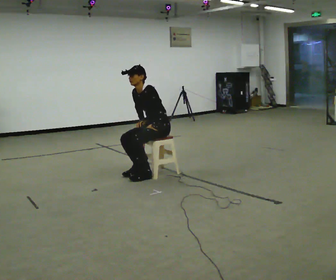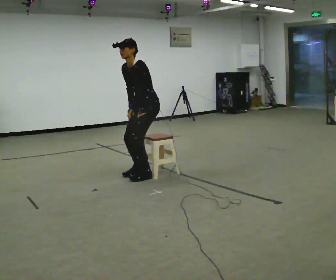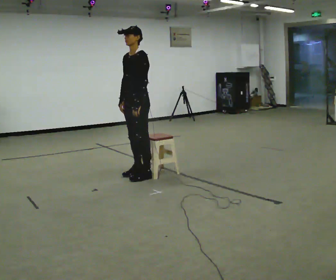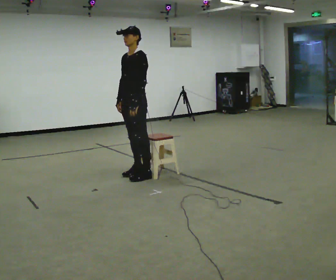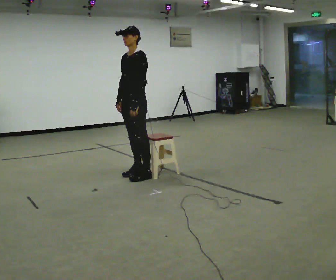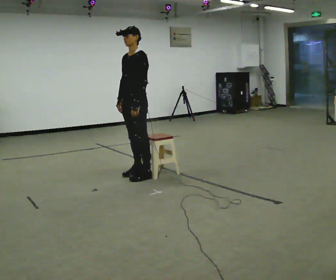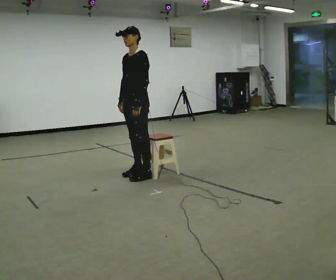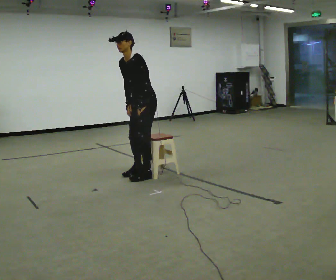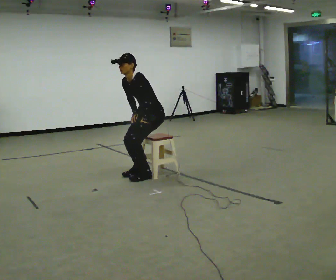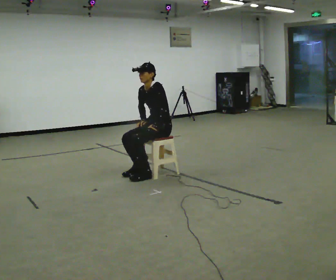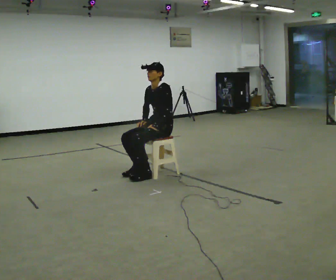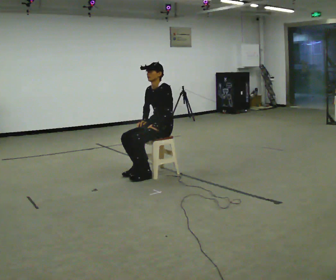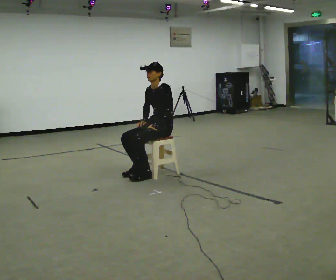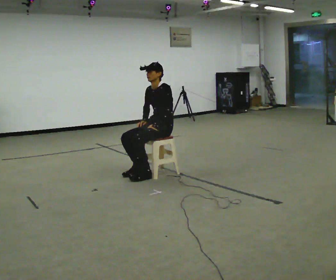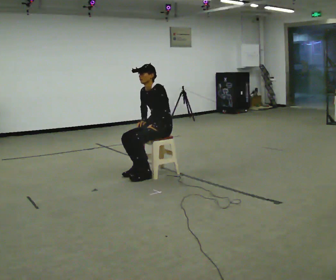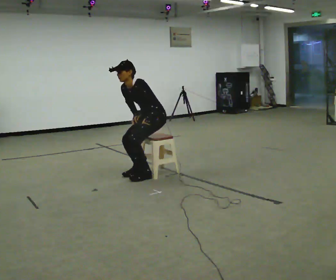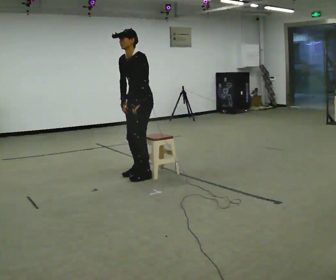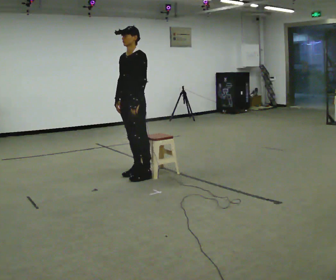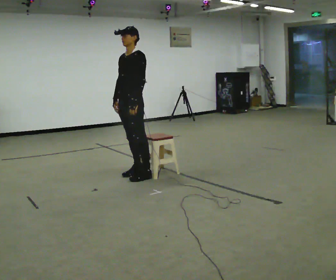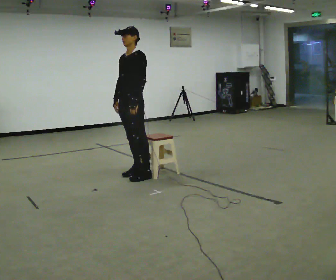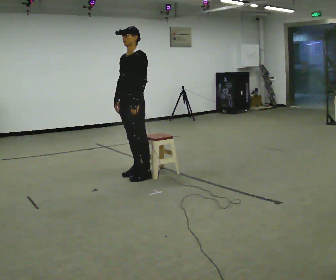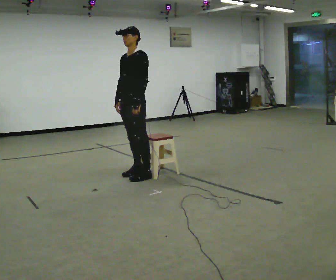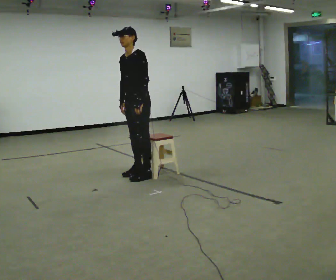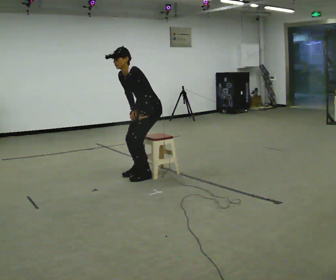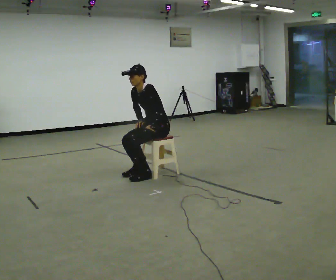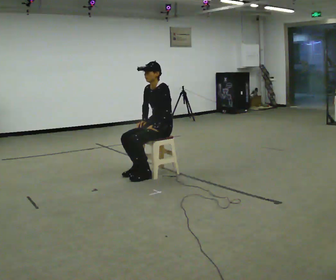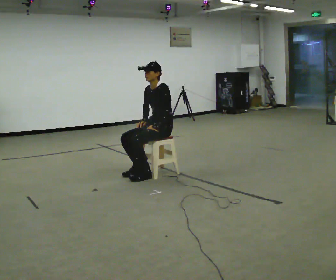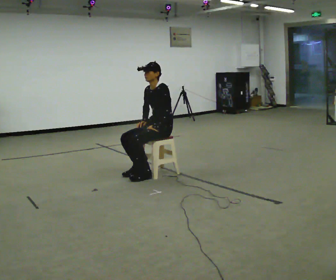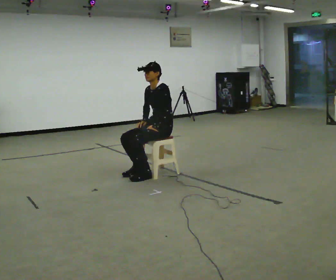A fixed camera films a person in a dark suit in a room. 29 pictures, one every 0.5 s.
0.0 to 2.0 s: In the picture they go to the left and toward the camera, about 0.25 m, which for them is forward. The shoulders move upward. In the picture the upper body tilts clockwise, shoulders to the right, as they lean back or straighten.
2.0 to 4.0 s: In the picture they go to the right, about 0.25 m, which for them is backward. The shoulders move downward. In the picture the upper body tilts counterclockwise, shoulders to the left, as they bend forward.
4.0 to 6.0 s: In the picture the upper body tilts clockwise, shoulders to the right, as they lean back or straighten.
6.0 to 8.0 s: In the picture they go to the left and toward the camera, about 0.25 m, which for them is forward. The shoulders move upward. In the picture their left hand goes upward.
8.0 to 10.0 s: The person moves a little, or ends about where they began.
10.0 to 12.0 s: In the picture they go to the right and away from the camera, about 0.25 m, which for them is backward. The upper body goes downward.
12.0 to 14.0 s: In the picture the upper body tilts clockwise, shoulders to the right, as they lean back or straighten.
The film runs forward here.
